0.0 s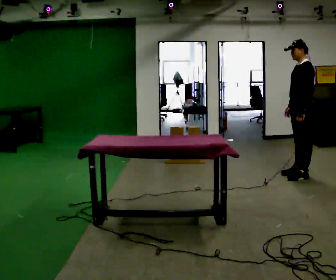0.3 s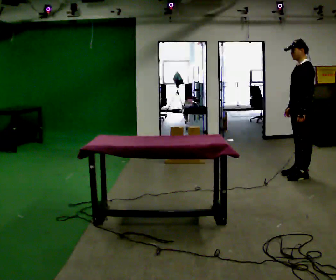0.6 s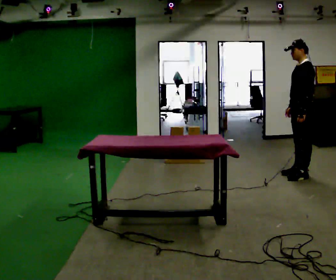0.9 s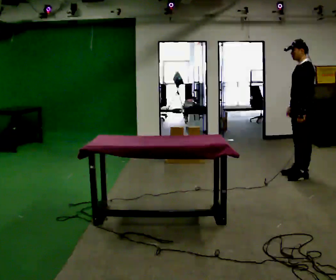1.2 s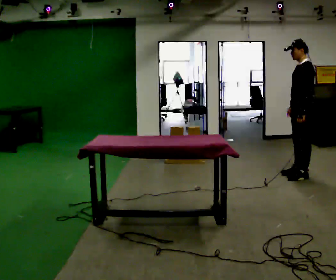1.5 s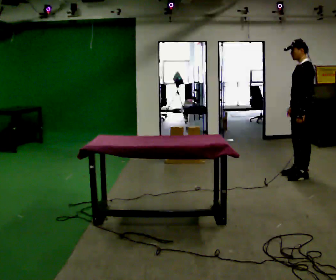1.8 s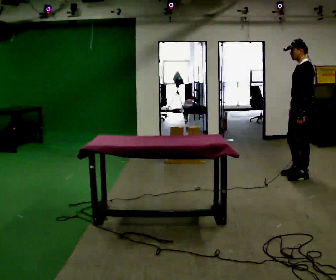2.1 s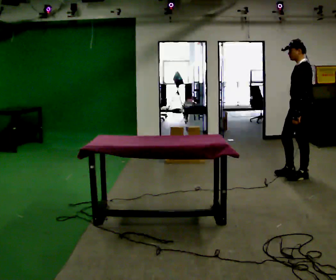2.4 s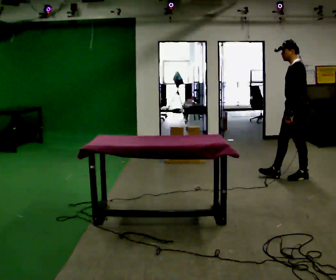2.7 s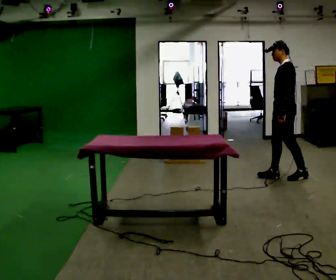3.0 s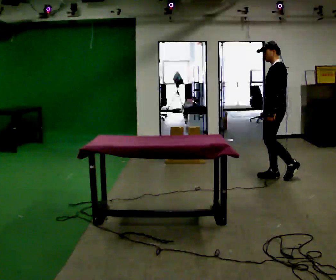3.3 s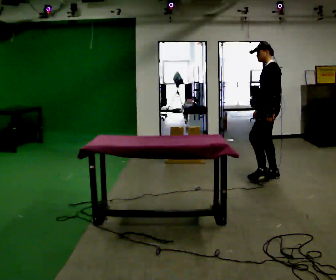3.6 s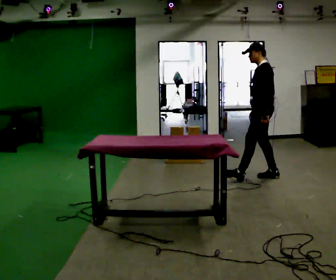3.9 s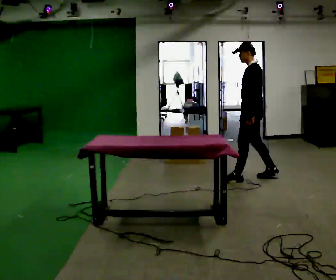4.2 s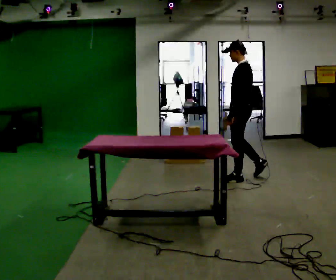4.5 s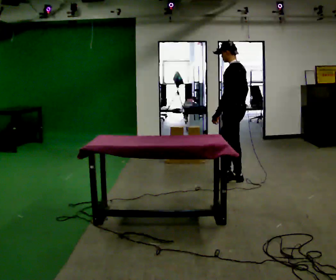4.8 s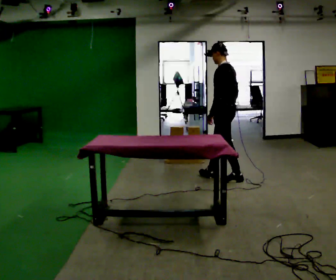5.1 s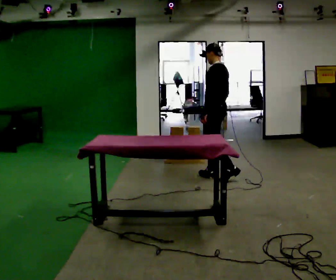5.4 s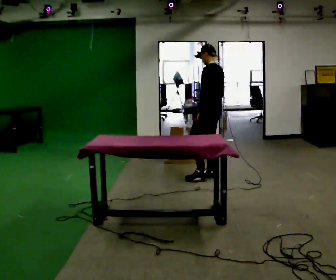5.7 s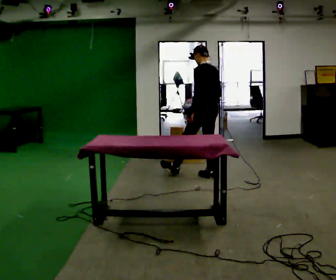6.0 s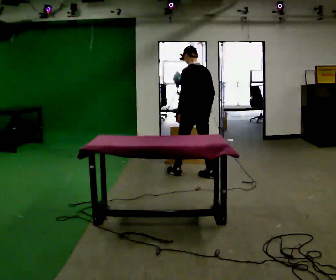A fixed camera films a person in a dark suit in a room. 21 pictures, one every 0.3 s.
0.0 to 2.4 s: The person moves a little, or ends about where they began.
2.4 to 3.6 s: In the picture they go to the left, about 0.5 m in 1 step, which for them is forward.
3.6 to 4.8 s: In the picture they go to the left, about 0.5 m in 1 step, which for them is forward.
4.8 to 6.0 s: The person turns about 30 degrees to their right, clockwise seen from above, so the part of the body nearest the lens slides to the left. In the picture they go to the left, about 0.5 m in 1 step, which for them is forward.
The film runs forward here.
